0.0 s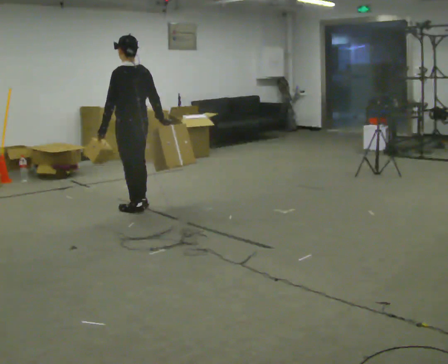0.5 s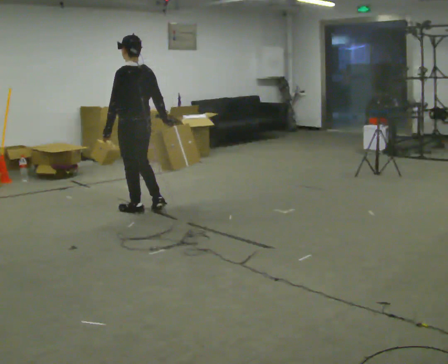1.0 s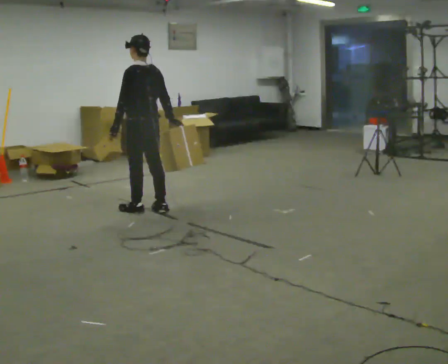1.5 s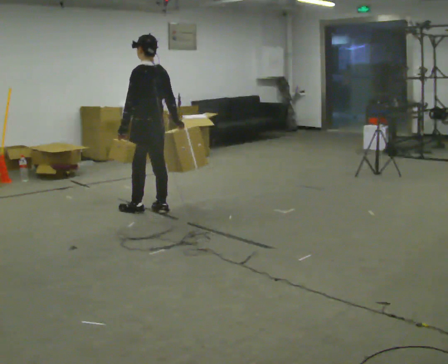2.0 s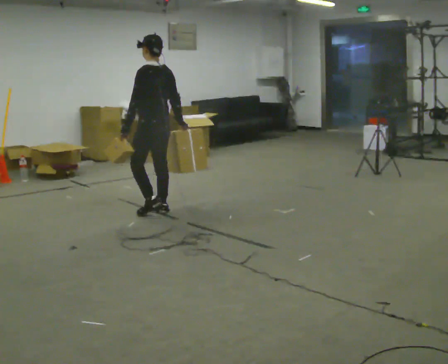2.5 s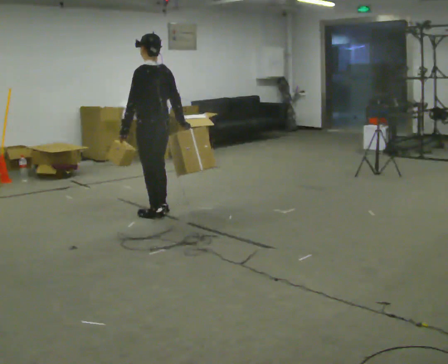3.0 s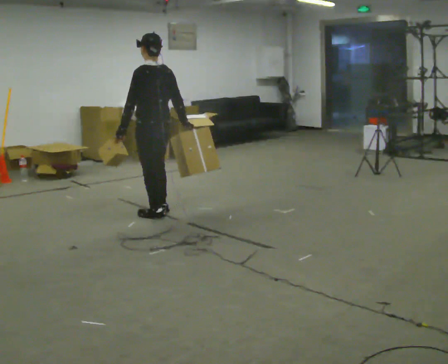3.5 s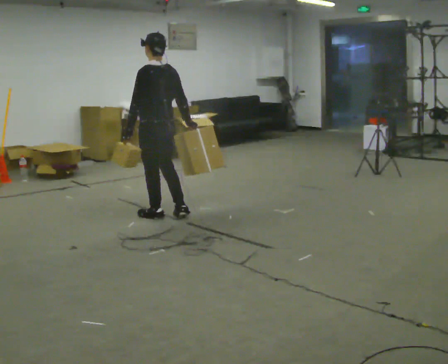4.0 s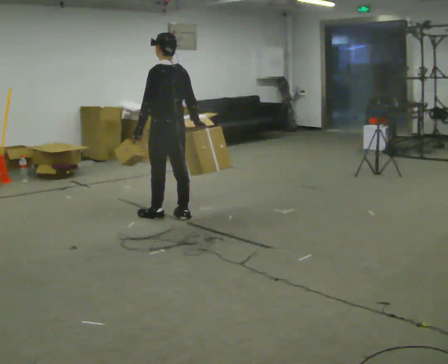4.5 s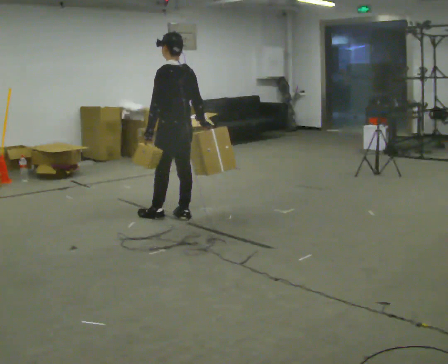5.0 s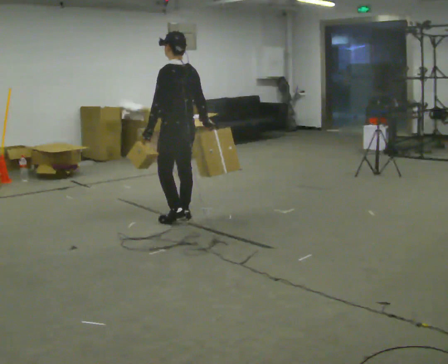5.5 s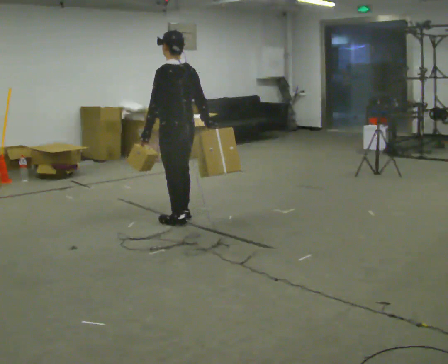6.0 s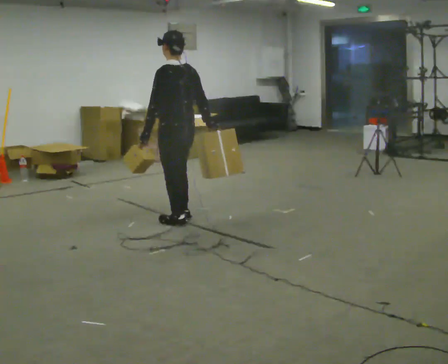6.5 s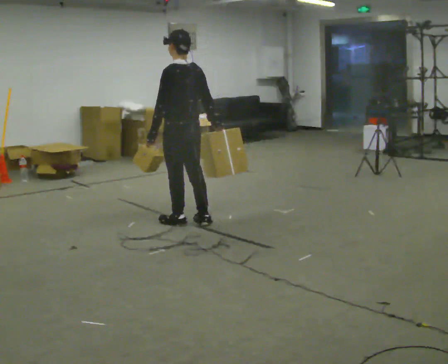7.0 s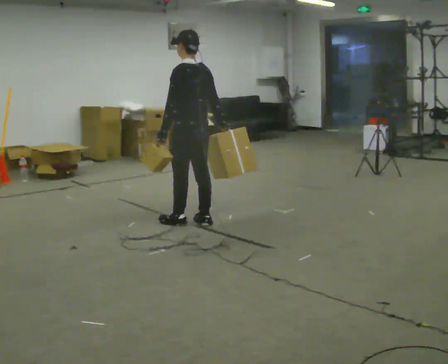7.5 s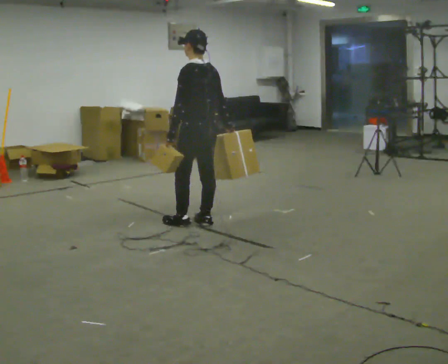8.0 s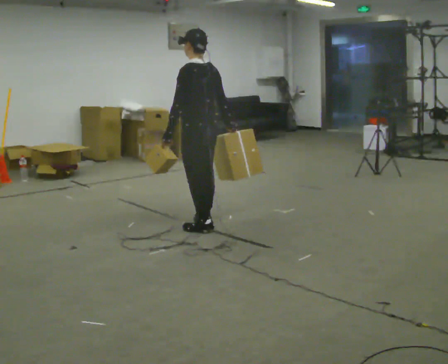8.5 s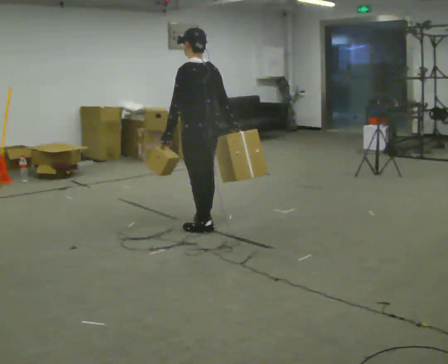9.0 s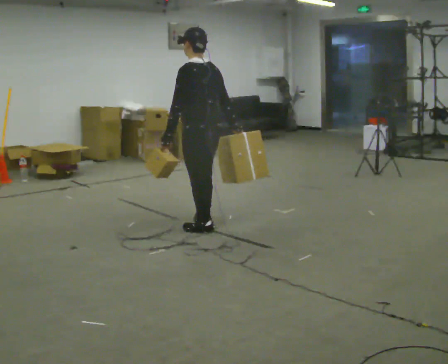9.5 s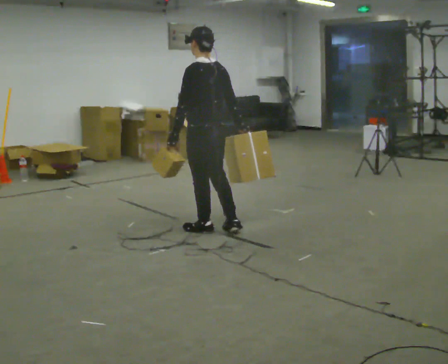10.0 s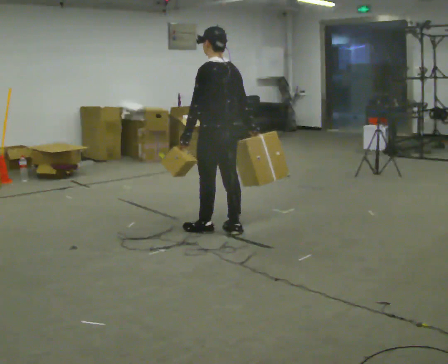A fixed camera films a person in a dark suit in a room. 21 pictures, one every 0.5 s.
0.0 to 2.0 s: In the picture they go to the right, about 0.25 m in 2 steps, which for them is backward.
2.0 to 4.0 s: In the picture they go toward the camera, about 0.25 m in 1 step, which for them is backward.
4.0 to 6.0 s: In the picture they go toward the camera, about 0.25 m in 2 steps, which for them is backward.
6.0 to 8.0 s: In the picture they go to the right, about 0.25 m in 1 step, which for them is backward.
8.0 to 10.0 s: In the picture they go toward the camera, about 0.25 m in 1 step, which for them is backward.
The film runs backward here.
